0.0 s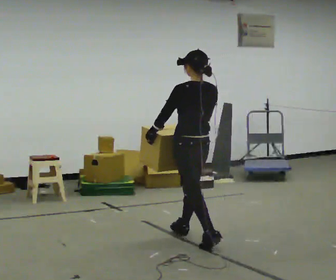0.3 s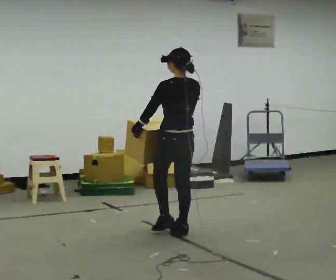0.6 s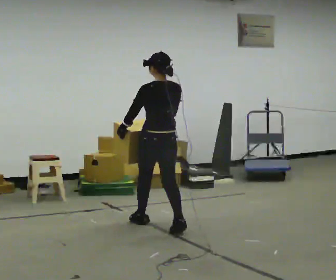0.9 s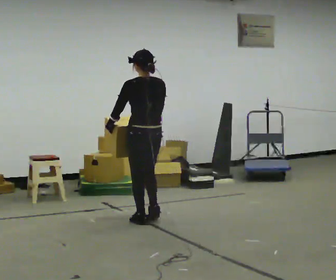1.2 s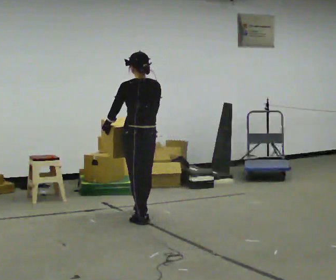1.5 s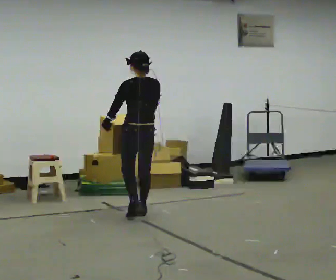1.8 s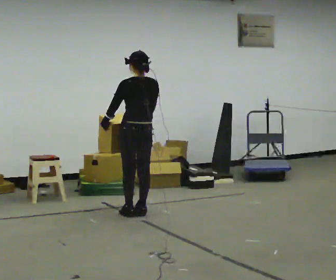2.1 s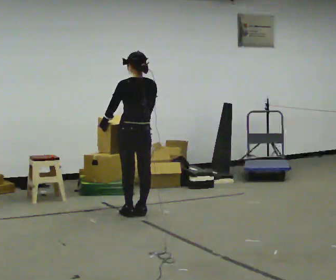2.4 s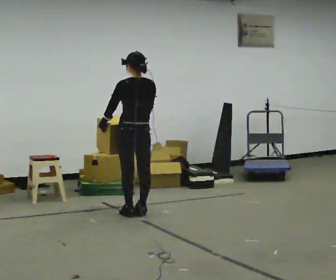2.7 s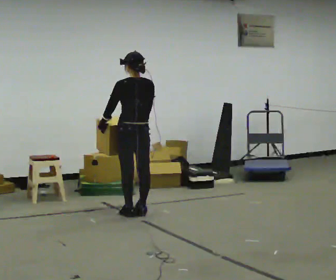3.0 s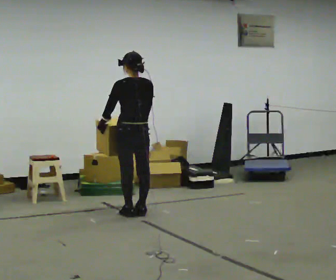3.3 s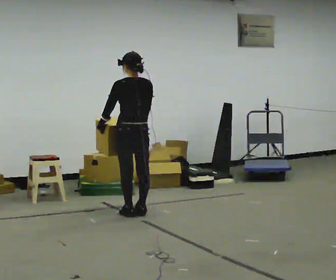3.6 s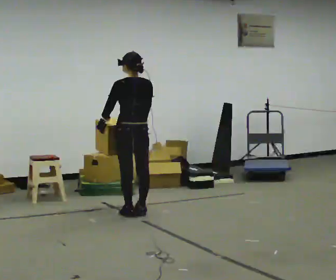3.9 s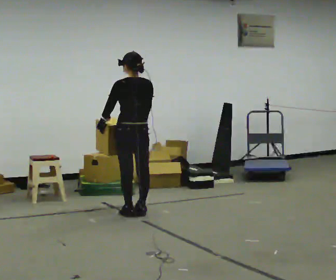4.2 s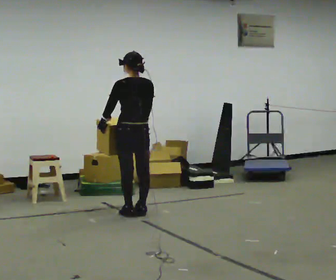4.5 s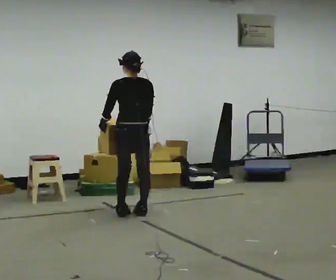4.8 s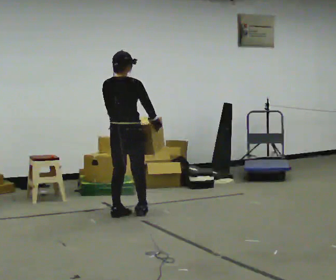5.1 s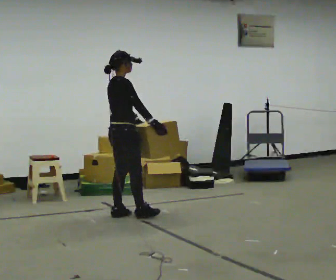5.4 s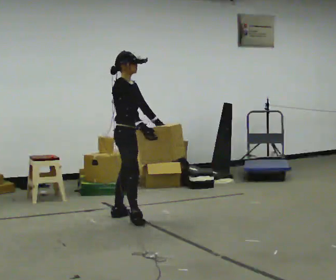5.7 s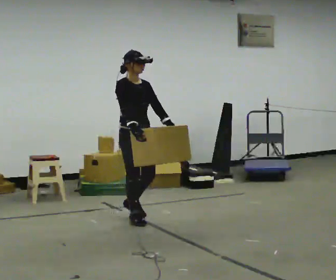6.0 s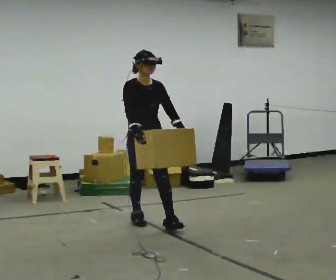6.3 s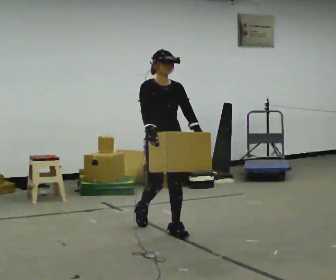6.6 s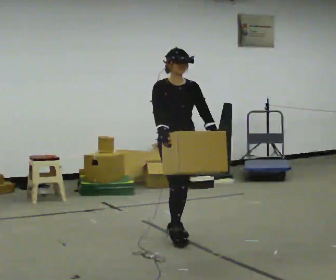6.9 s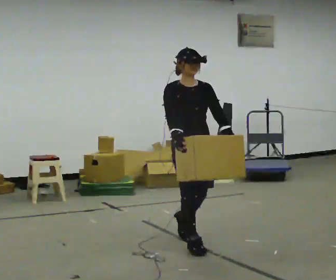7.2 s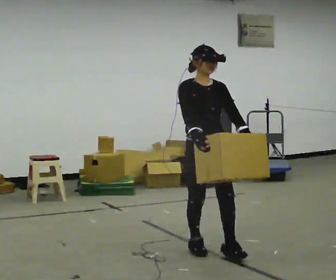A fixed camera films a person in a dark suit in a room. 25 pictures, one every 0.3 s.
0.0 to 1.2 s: In the picture they go away from the camera and to the left, about 1 m in 2 steps, which for them is forward.
1.2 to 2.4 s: In the picture they go away from the camera, about 0.25 m in 1 step, which for them is forward.
2.4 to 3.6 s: The person keeps their place and pose.
3.6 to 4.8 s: Seen from above the body turns clockwise, about 60 degrees: to their right, with its near side sliding to the left.
4.8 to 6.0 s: The part of the body nearest the lens slides to the left as the person turns to their right by about 120 degrees. In the picture they go toward the camera and to the right, about 0.5 m in 1 step.
6.0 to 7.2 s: In the picture they go toward the camera and to the right, about 1 m in 2 steps, which for them is forward.
The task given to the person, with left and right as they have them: Carry the heaviest box in both hands in front of you, walking back and forth across the room. Only carry what is comfortable. Set it down whenever you need to.
The film runs forward here.
